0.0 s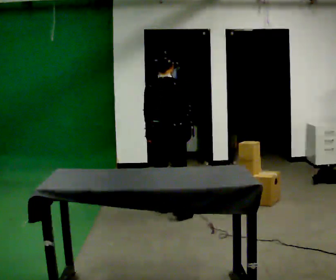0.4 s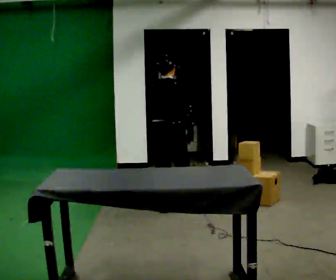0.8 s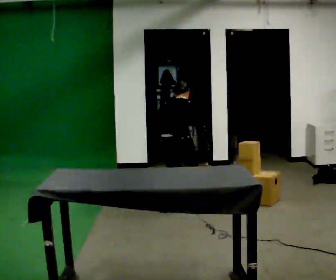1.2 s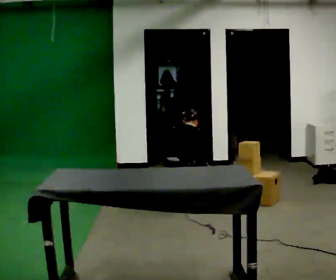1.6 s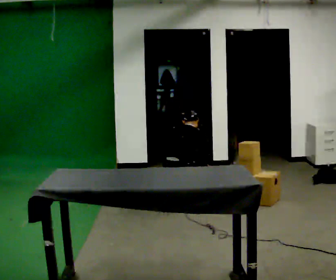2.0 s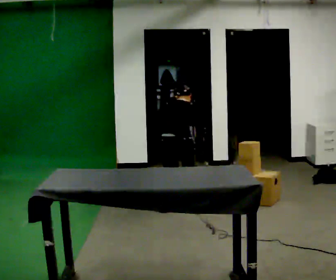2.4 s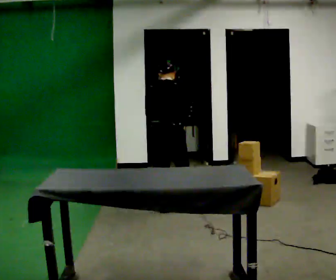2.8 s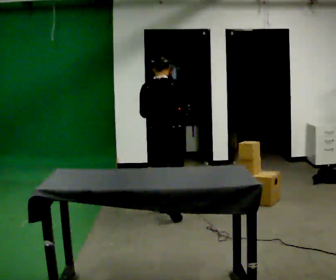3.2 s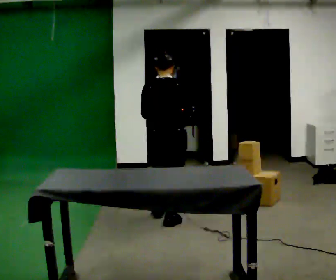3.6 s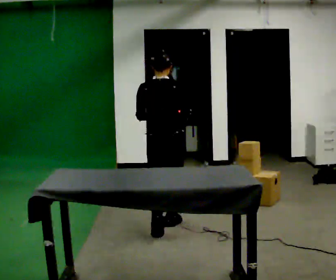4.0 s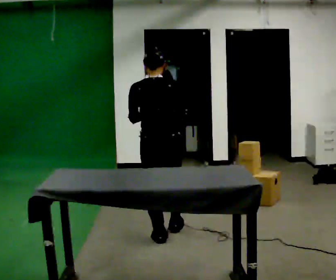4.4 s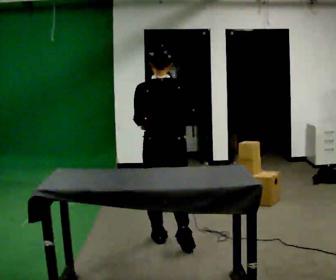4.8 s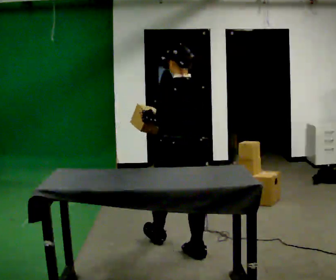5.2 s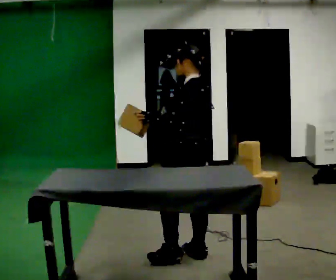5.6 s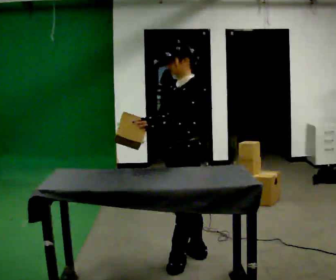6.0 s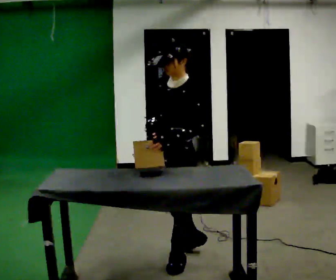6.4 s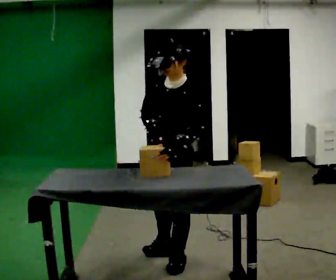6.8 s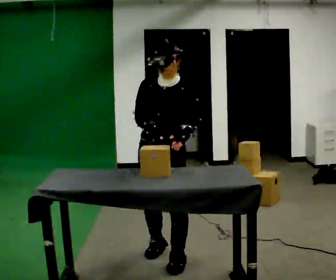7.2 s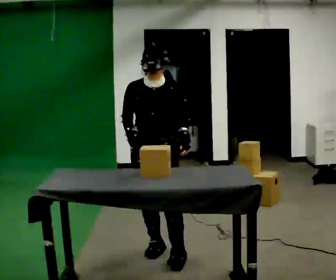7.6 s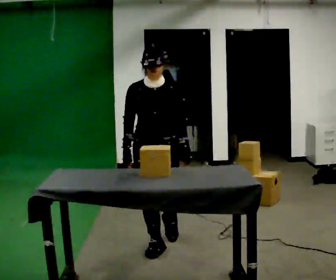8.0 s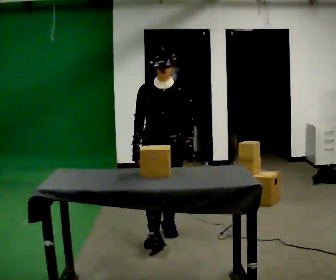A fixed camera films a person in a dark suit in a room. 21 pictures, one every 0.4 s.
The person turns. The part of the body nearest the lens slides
to the right.
The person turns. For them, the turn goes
to their left.
0.0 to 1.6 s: The upper body goes downward. The upper body tips away from the camera, its near side rolling upward, as they bend forward. In the picture their left hand goes downward and to the right.
1.6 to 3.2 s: In the picture they go toward the camera, about 0.5 m in 2 steps, which for them is backward. The shoulders move upward. The upper body tips toward the camera, its near side rolling downward, as they lean back or straighten. In the picture their right hand goes upward.
3.2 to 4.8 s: The part of the body nearest the lens slides to the right as the person turns to their left by about 30 degrees. In the picture they go toward the camera, about 1 m in 2 steps, which for them is backward.
4.8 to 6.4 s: The part of the body nearest the lens slides to the right as the person turns to their left by about 105 degrees. In the picture they go toward the camera, about 0.25 m in 1 step. The upper body tips toward the camera, its near side rolling downward, as they bend forward.
6.4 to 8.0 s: Seen from above the body turns counterclockwise, about 45 degrees: to their left, with its near side sliding to the right. In the picture they go away from the camera, about 0.5 m in 3 steps, which for them is backward. The upper body tips away from the camera, its near side rolling upward.
The film runs backward here.
